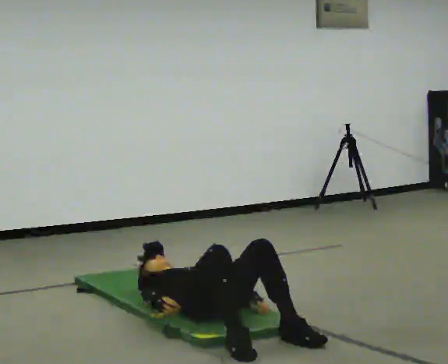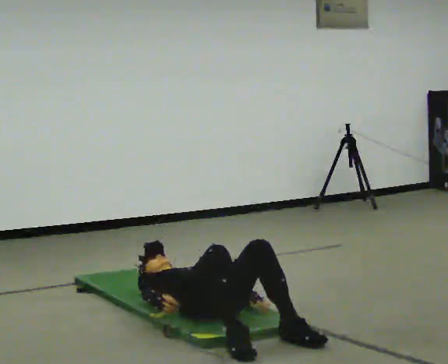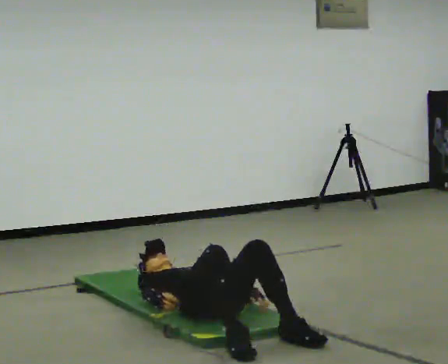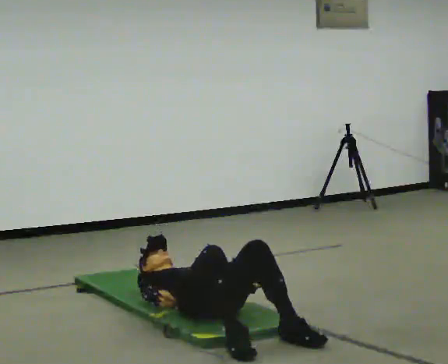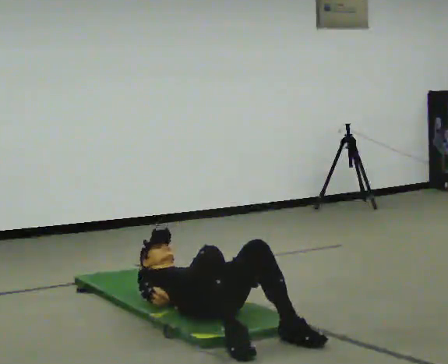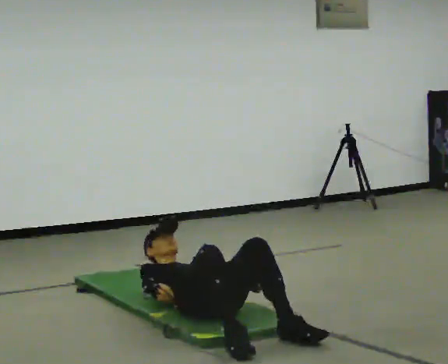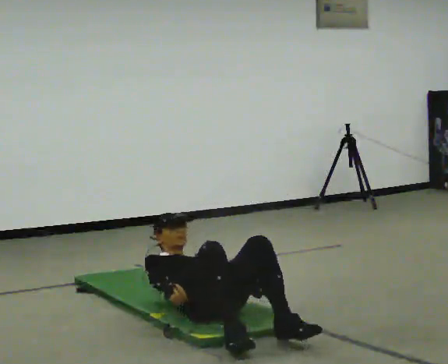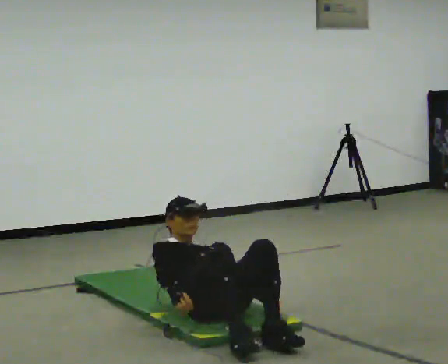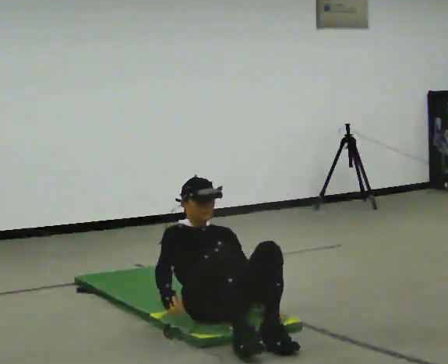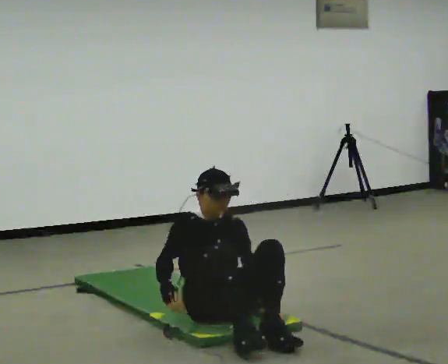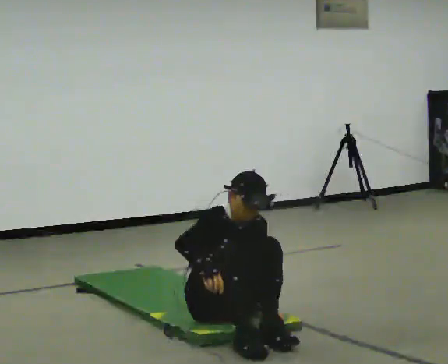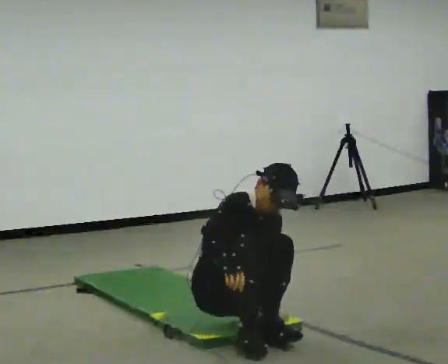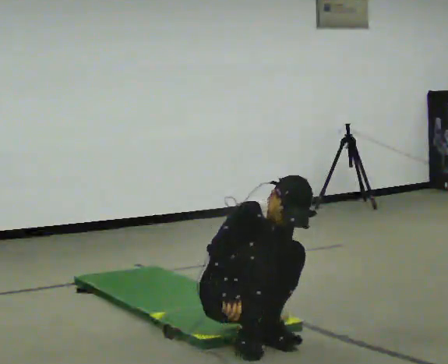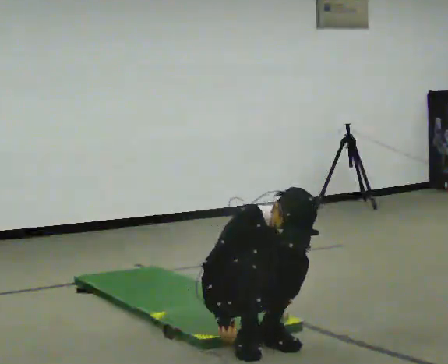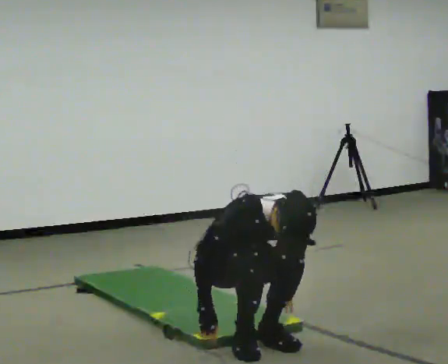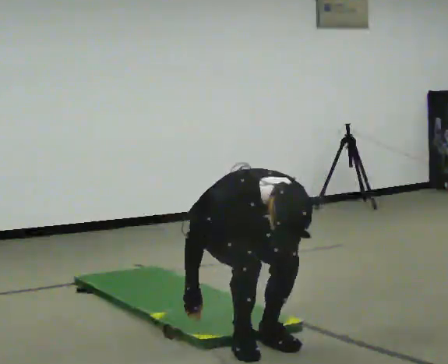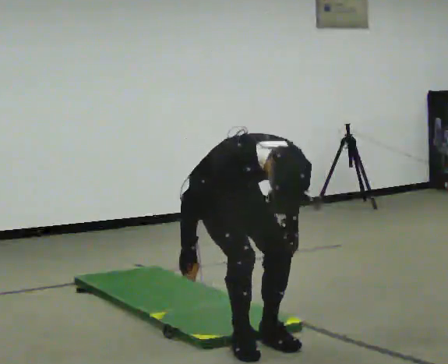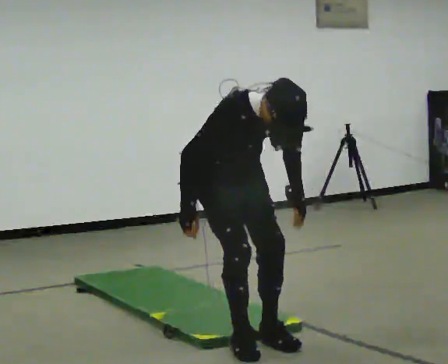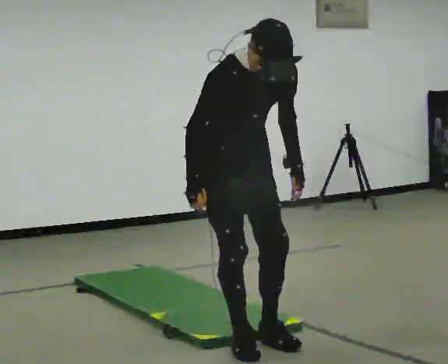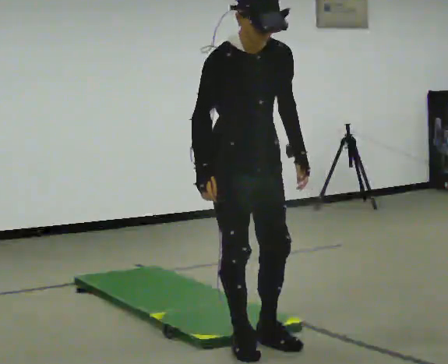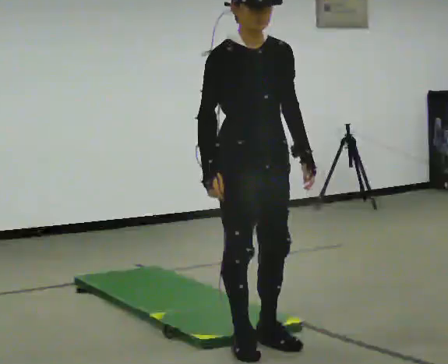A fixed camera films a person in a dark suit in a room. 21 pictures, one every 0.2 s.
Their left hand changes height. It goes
upward.
The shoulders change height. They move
upward.
0.0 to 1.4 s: The shoulders move upward. The upper body tips toward the camera, its near side rolling downward, as they bend forward.
1.4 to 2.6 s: In the picture they go toward the camera, about 0.25 m, which for them is forward. The upper body goes upward. The upper body tips toward the camera, its near side rolling downward, as they bend forward.
2.6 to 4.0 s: In the picture they go toward the camera, about 0.25 m, which for them is forward. The upper body goes upward. In the picture their right hand goes upward.
The film runs backward here.
